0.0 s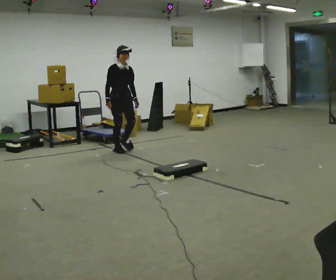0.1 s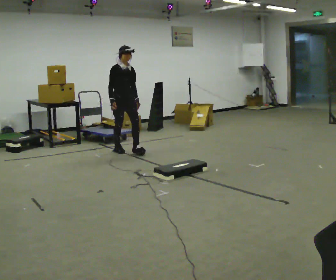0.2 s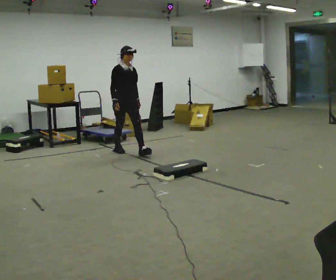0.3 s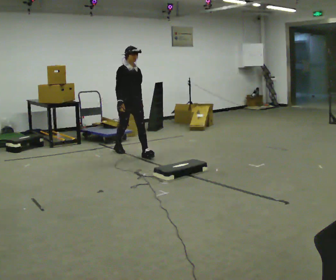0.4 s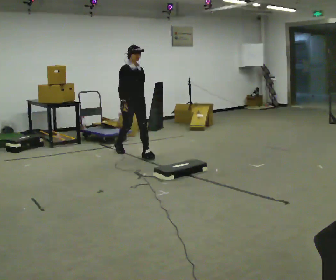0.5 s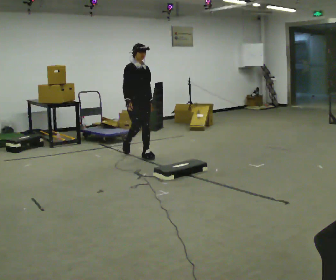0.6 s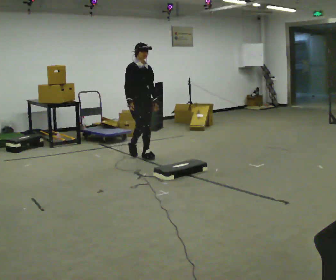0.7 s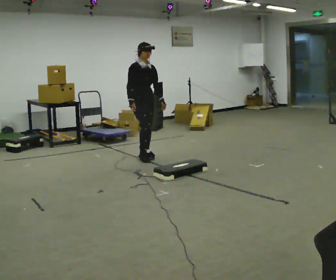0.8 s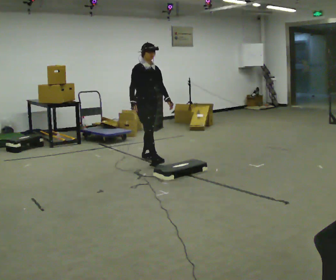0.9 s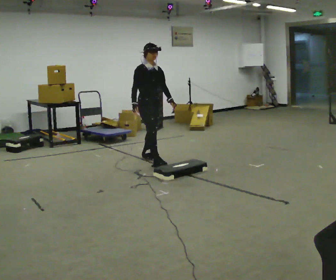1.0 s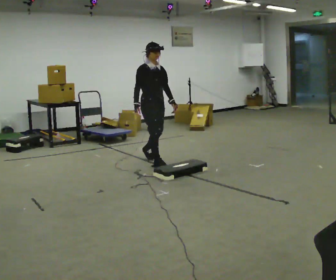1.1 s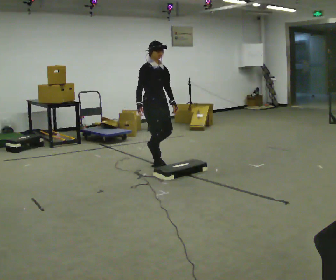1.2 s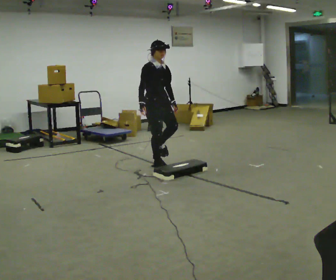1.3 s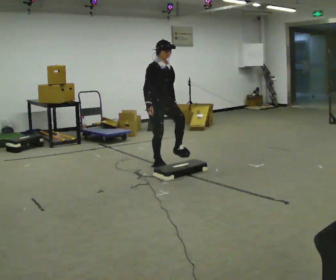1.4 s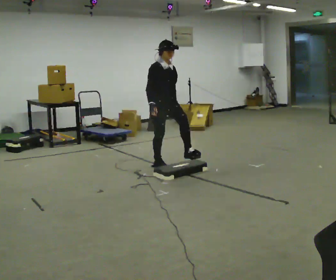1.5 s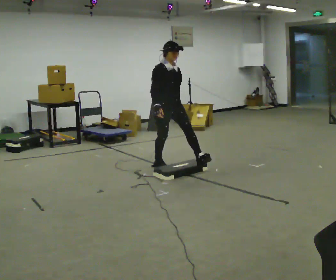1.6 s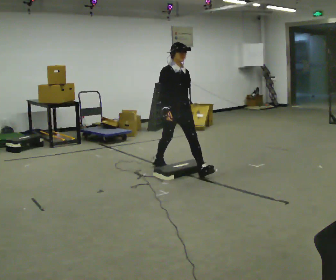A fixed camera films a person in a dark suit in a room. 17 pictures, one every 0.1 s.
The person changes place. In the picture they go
toward the camera.
0.0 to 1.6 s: In the picture they go toward the camera and to the right, about 1.5 m in 3 steps, which for them is forward.
The film runs forward here.
